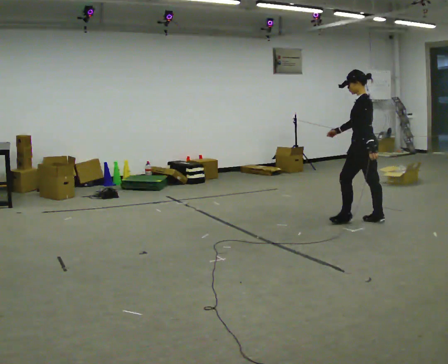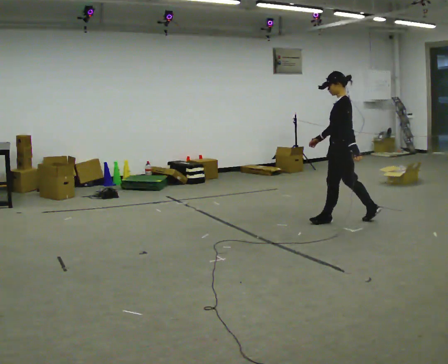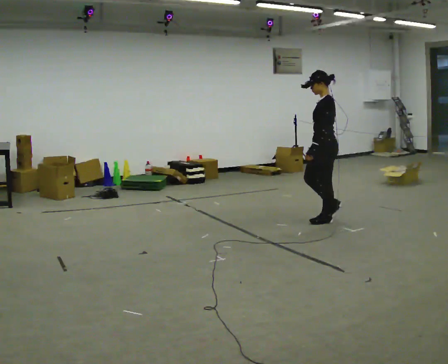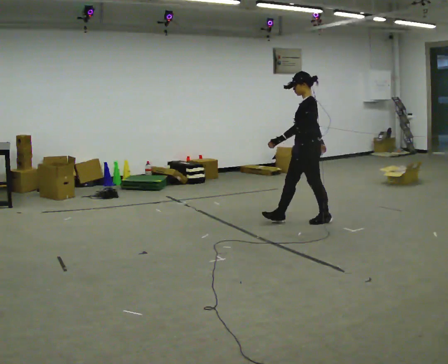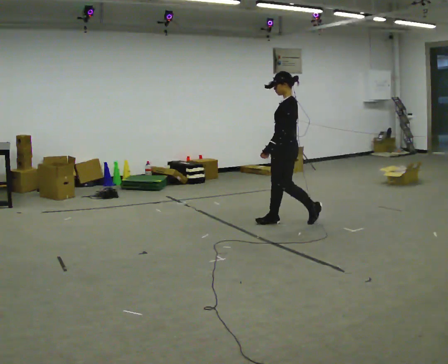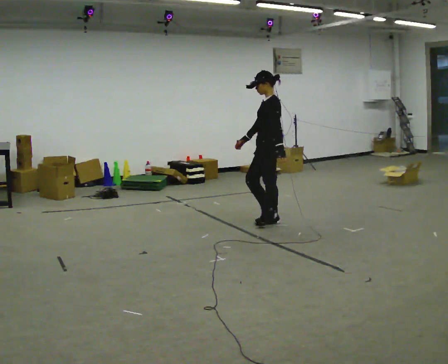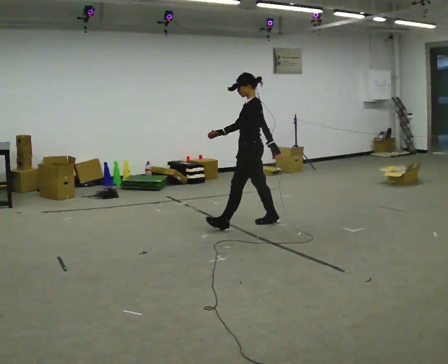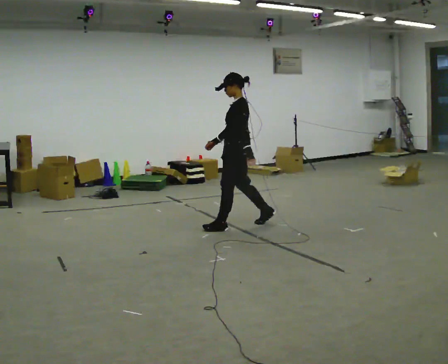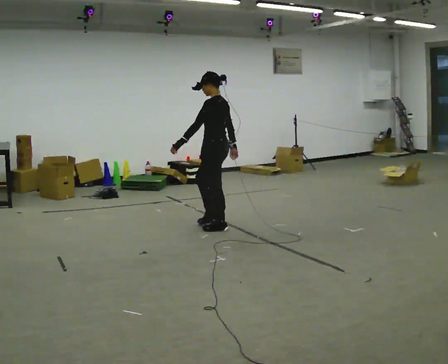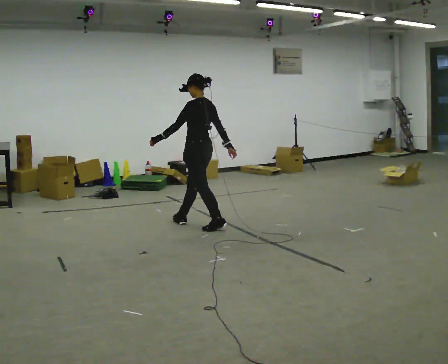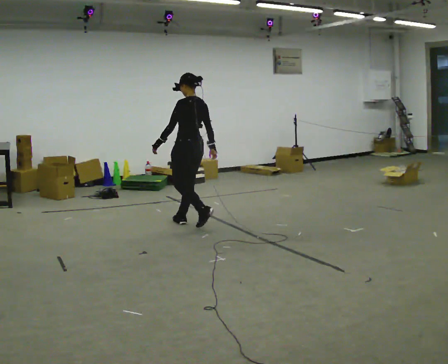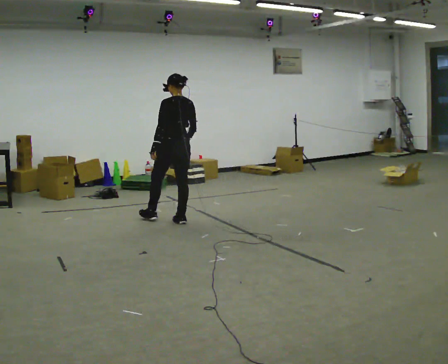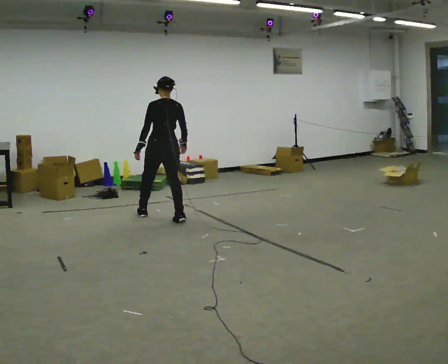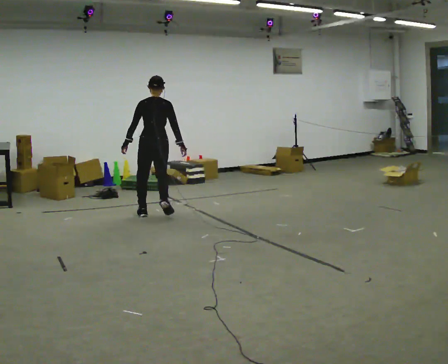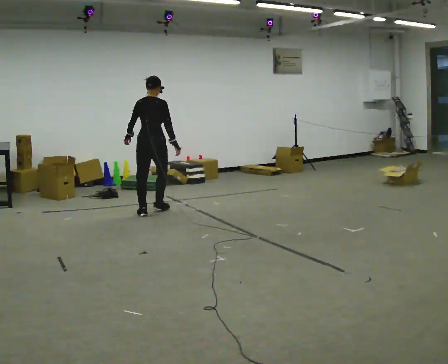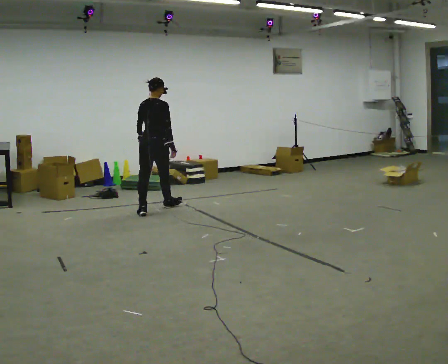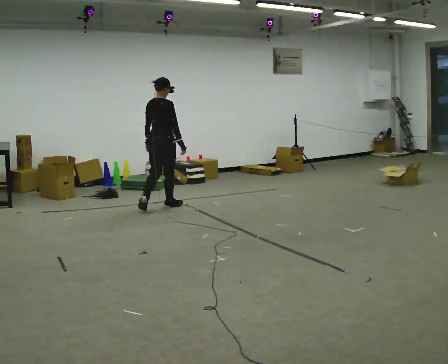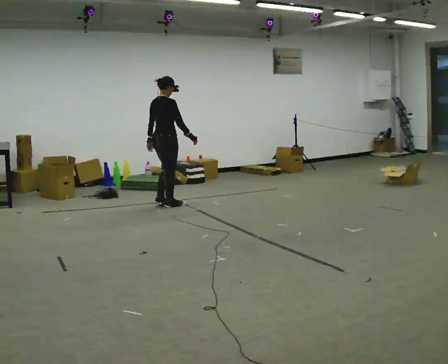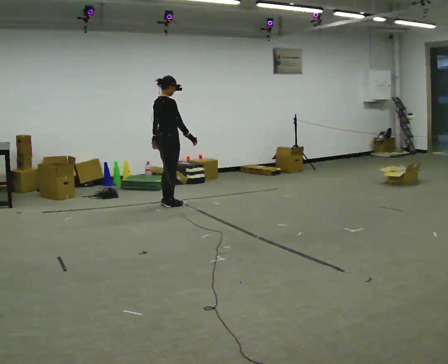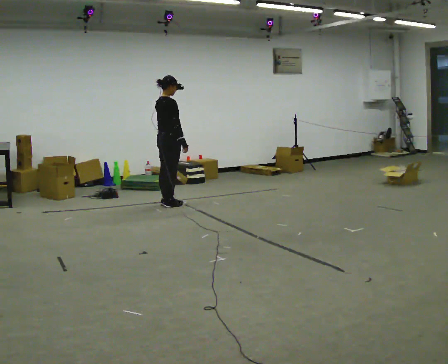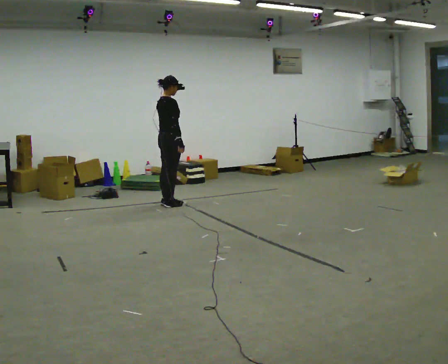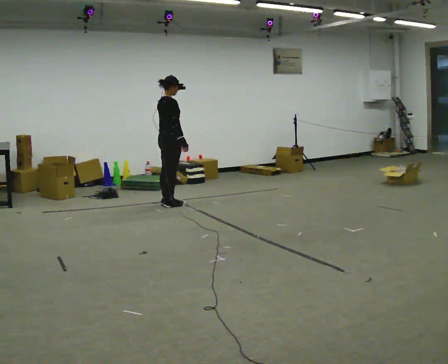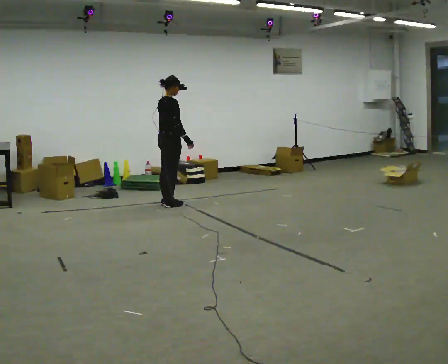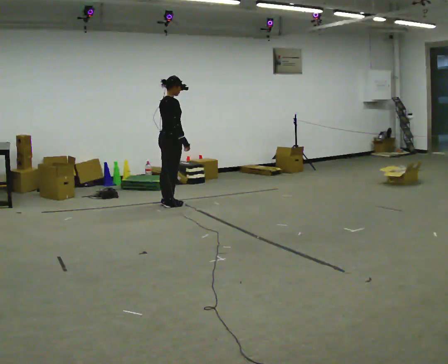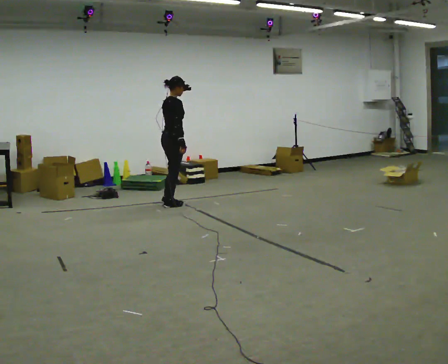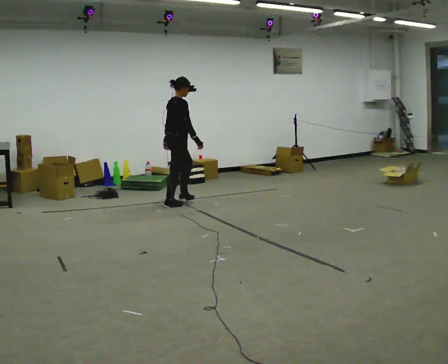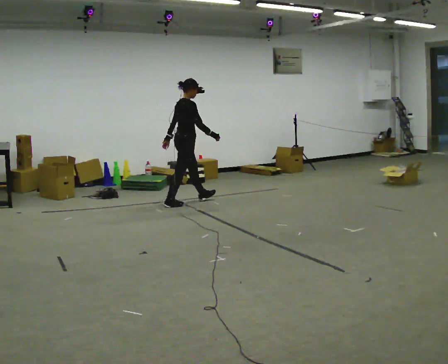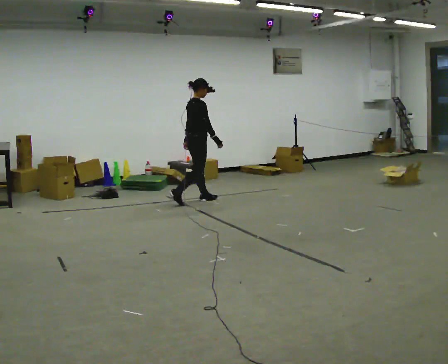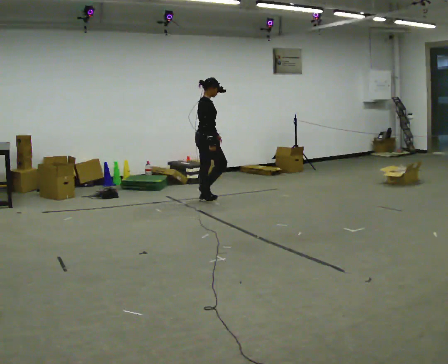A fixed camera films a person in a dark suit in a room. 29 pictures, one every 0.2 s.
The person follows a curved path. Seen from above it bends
clockwise.
0.0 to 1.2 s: In the picture they go to the left, about 1 m in 2 steps, which for them is forward.
1.2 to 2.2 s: The person turns about 60 degrees to their right, clockwise seen from above, so the part of the body nearest the lens slides to the left. In the picture they go to the left and away from the camera, about 1 m in 2 steps.
2.2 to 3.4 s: Seen from above the body turns clockwise, about 75 degrees: to their right, with its near side sliding to the left. In the picture they go away from the camera, about 0.5 m in 2 steps.
3.4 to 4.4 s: The person moves a little, or ends about where they began.
4.4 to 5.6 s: In the picture they go to the right, about 0.5 m in 1 step, which for them is forward.
The film runs forward here.
